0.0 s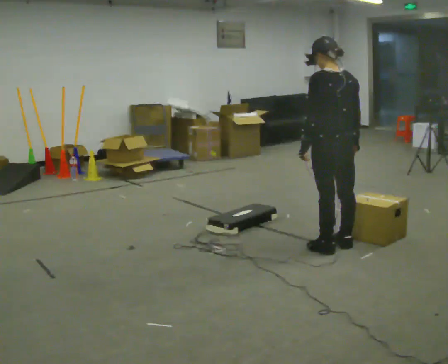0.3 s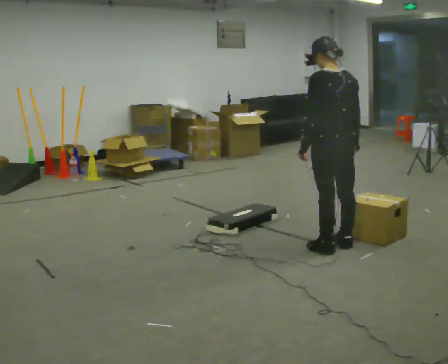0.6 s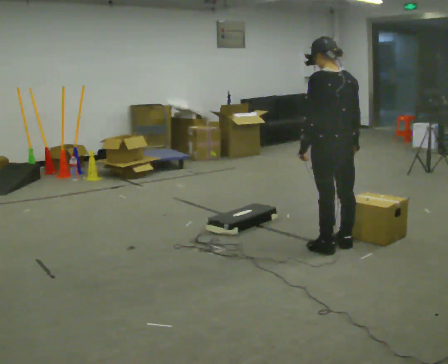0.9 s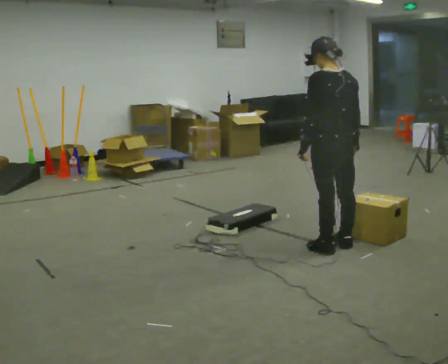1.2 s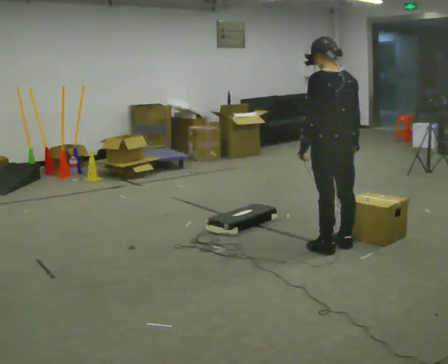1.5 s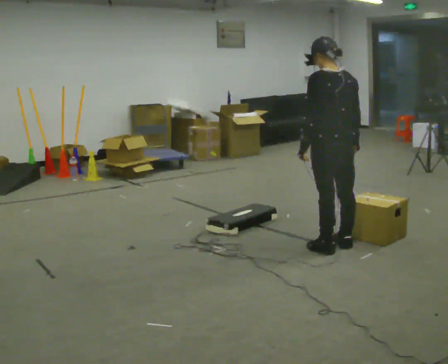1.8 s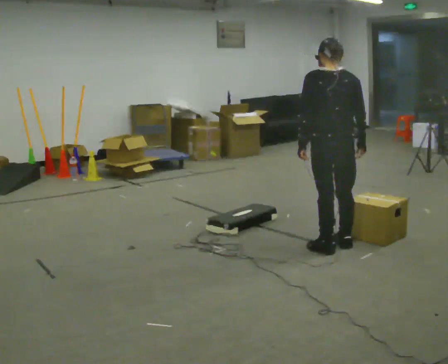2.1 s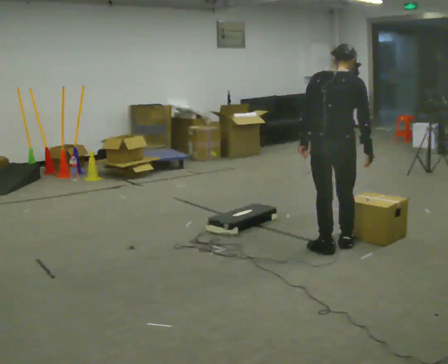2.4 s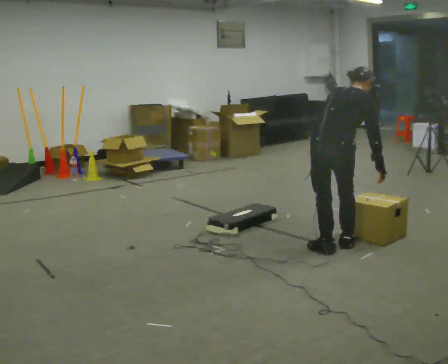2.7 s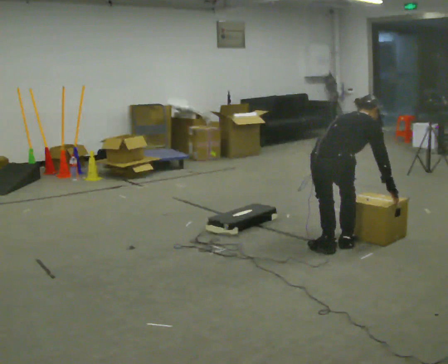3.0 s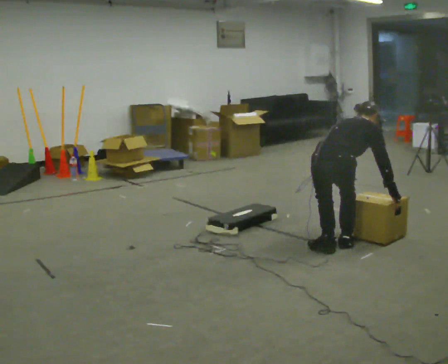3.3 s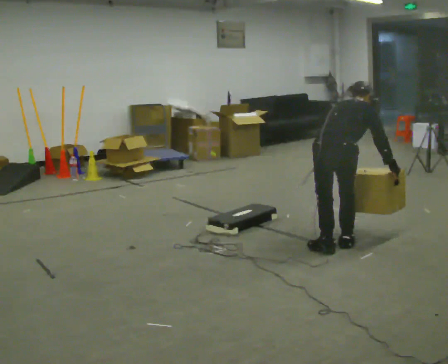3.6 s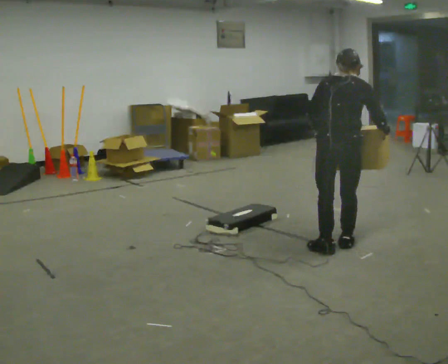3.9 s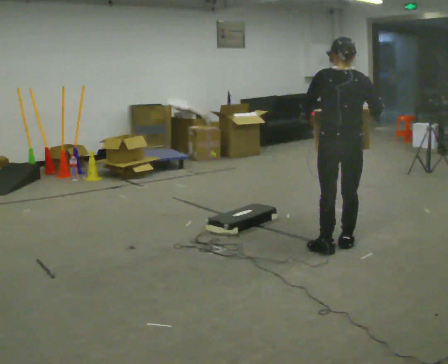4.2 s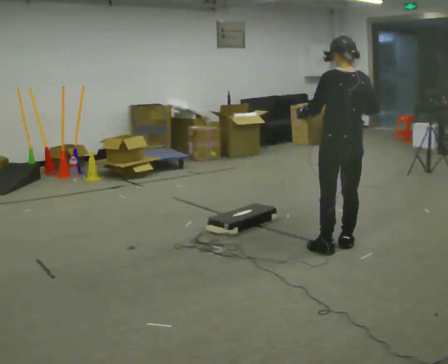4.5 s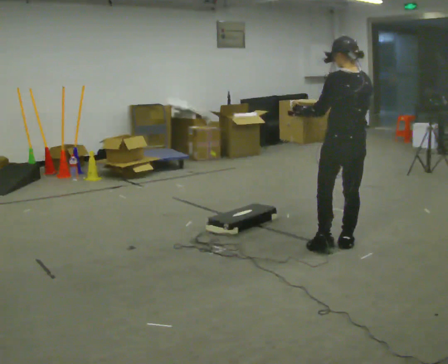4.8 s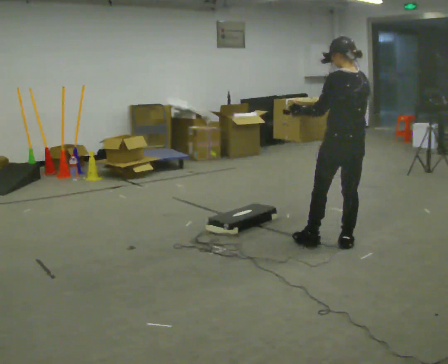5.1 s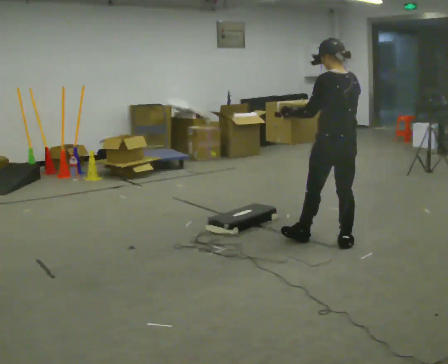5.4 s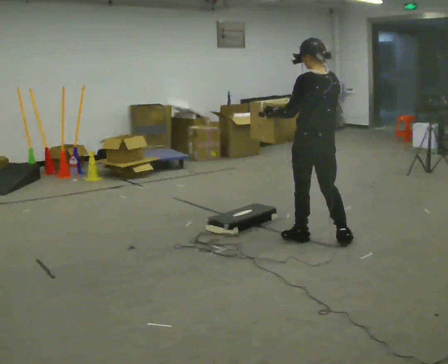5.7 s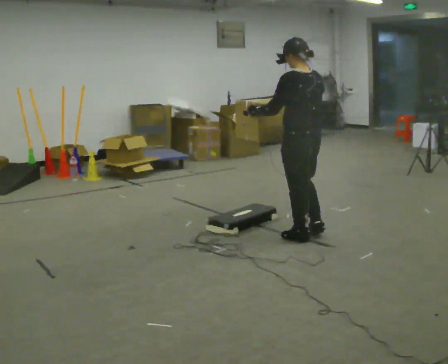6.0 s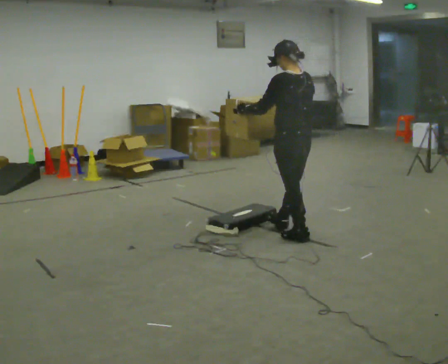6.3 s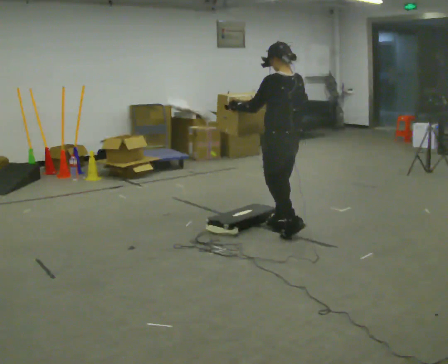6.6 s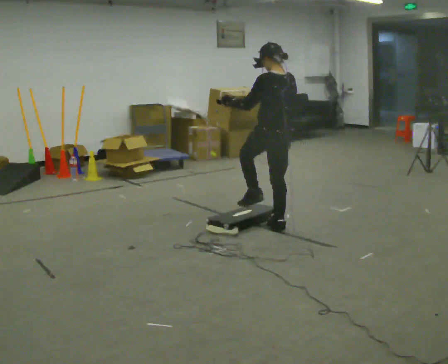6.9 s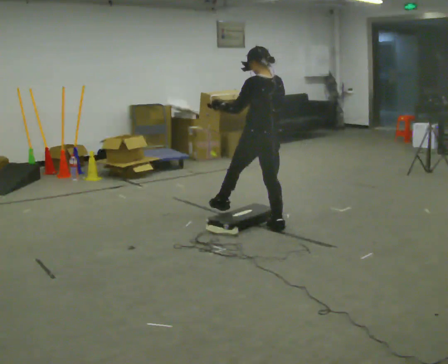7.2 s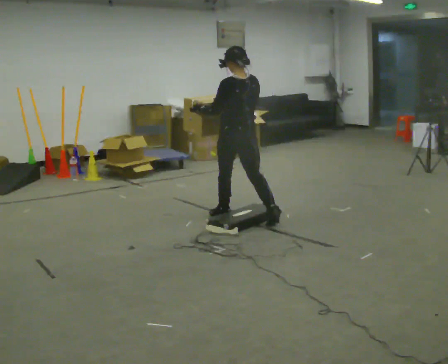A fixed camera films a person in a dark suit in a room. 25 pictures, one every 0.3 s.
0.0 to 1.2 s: The person keeps their place and pose.
1.2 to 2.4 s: The part of the body nearest the lens slides to the left as the person turns to their right by about 60 degrees. The shoulders move downward. The upper body tips away from the camera, its near side rolling upward, as they bend forward.
2.4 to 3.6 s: The person moves a little, or ends about where they began.
3.6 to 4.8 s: The part of the body nearest the lens slides to the right as the person turns to their left by about 45 degrees. The upper body tips toward the camera, its near side rolling downward, as they lean back or straighten. In the picture their right hand goes to the left.
4.8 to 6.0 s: In the picture they go to the left and away from the camera, about 0.5 m in 1 step, which for them is forward.
6.0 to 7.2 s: In the picture they go to the left and away from the camera, about 0.75 m in 2 steps, which for them is forward.
The film runs forward here.
